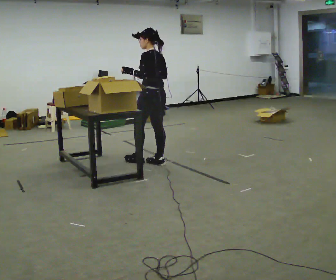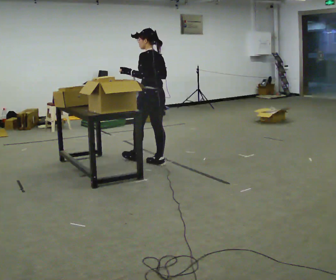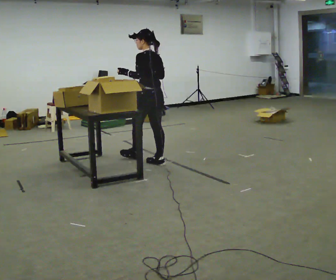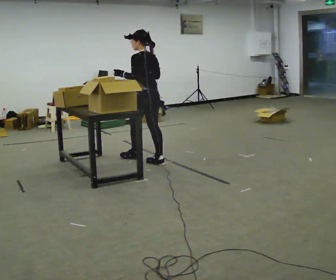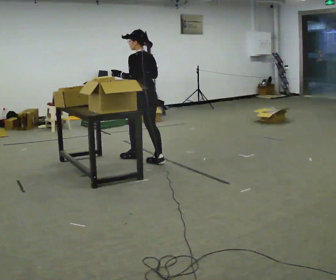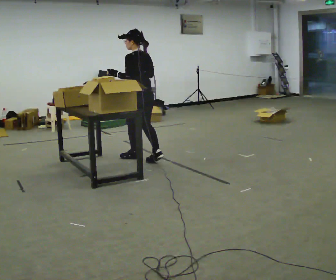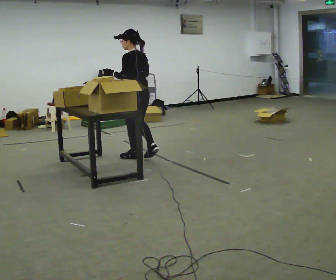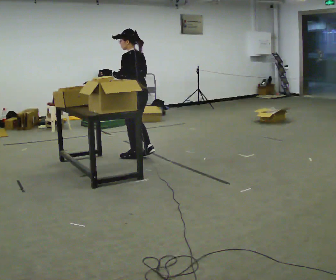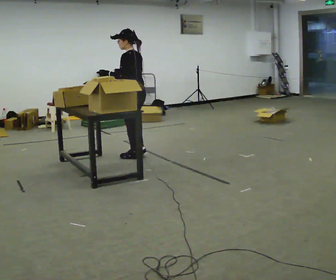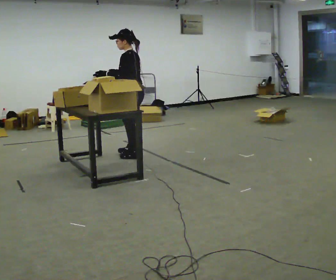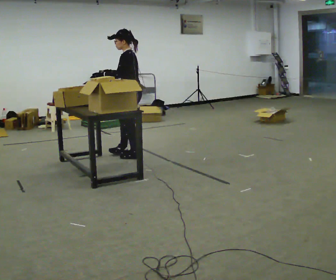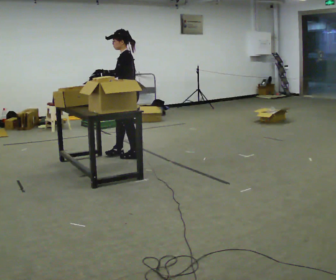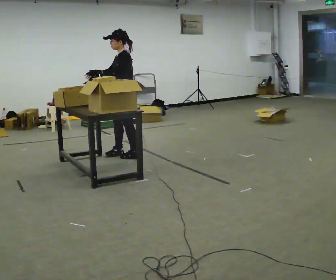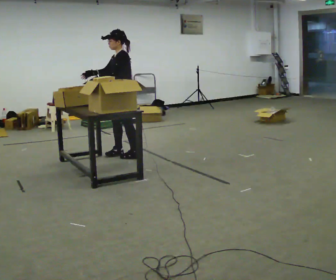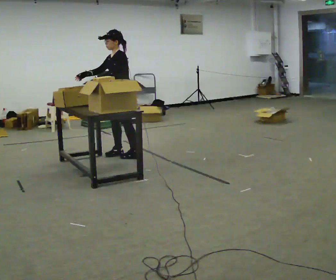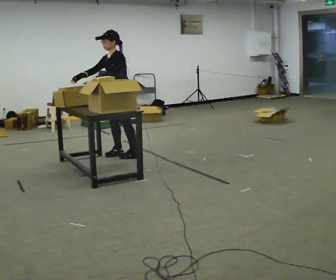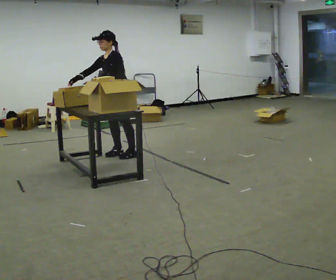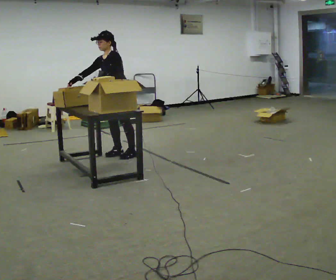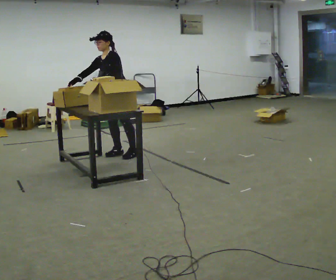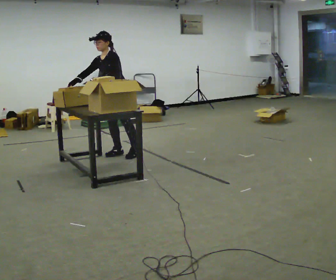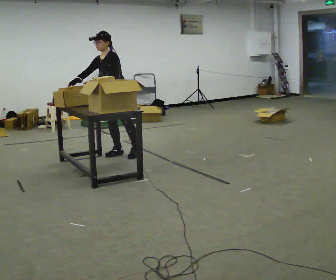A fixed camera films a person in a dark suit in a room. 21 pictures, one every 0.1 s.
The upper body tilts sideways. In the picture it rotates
counterclockwise.
The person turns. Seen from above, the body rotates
counterclockwise.
0.0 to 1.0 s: The part of the body nearest the lens slides to the right as the person turns to their left by about 45 degrees. In the picture they go away from the camera and to the left, about 0.25 m in 1 step, which for them is forward.
1.0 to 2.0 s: The part of the body nearest the lens slides to the right as the person turns to their left by about 60 degrees. In the picture they go to the left and away from the camera, about 0.25 m in 1 step, which for them is to their right. In the picture their right hand goes to the left.
The film runs forward here.
